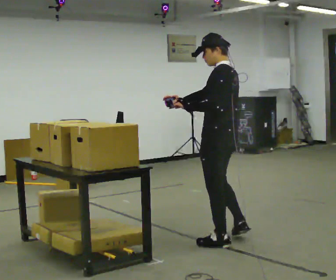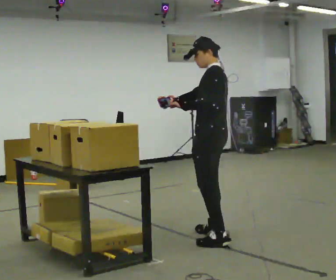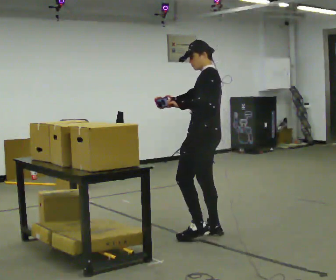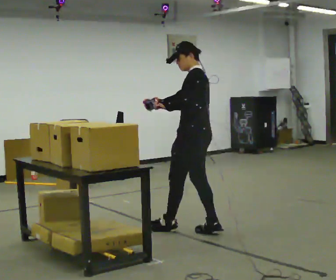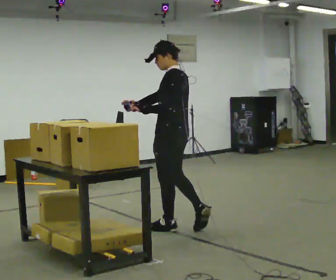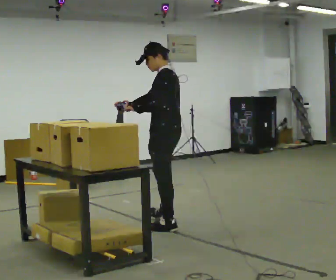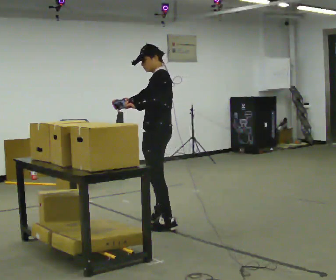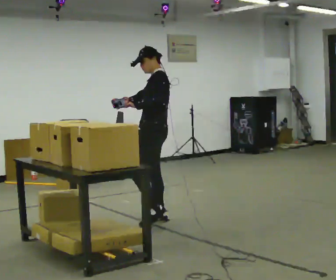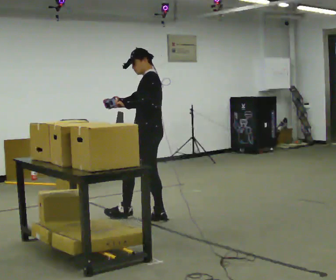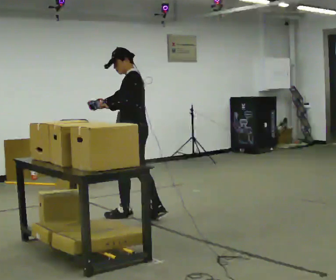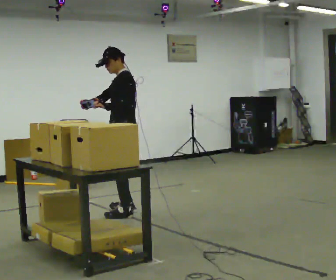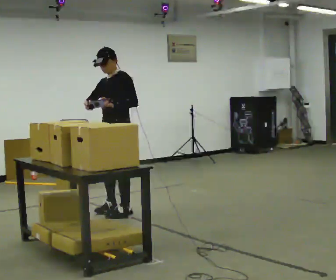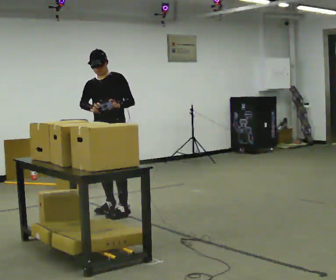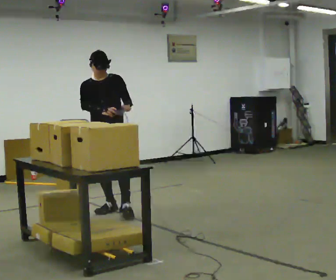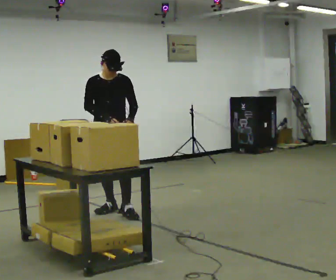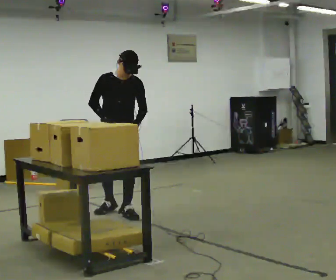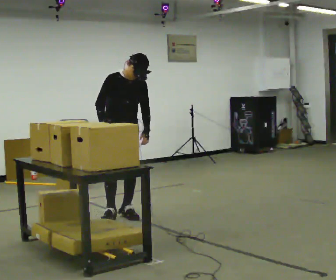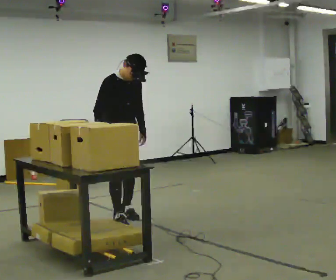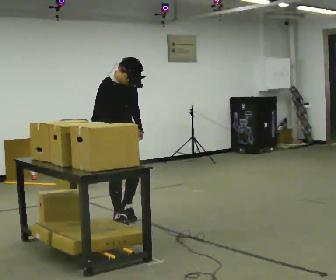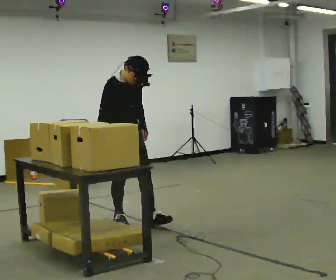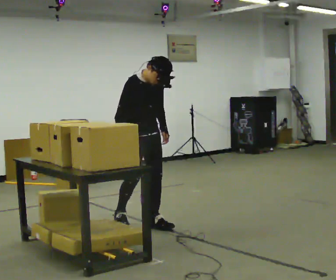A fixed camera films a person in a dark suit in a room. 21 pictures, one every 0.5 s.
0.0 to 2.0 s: In the picture they go away from the camera and to the left, about 0.5 m in 2 steps, which for them is forward and to their right.
2.0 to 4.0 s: In the picture they go away from the camera and to the left, about 0.5 m in 1 step, which for them is to their right and forward.
4.0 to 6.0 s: The part of the body nearest the lens slides to the right as the person turns to their left by about 75 degrees. In the picture they go away from the camera and to the left, about 0.5 m in 2 steps. In the picture the upper body tilts counterclockwise, shoulders to the left.
6.0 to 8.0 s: The person turns about 45 degrees to their left, counterclockwise seen from above, so the part of the body nearest the lens slides to the right. In the picture they go toward the camera, about 0.25 m, which for them is forward. In the picture the upper body tilts clockwise, shoulders to the right.
8.0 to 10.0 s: In the picture they go toward the camera and to the right, about 0.5 m in 2 steps, which for them is forward.
The film runs forward here.
